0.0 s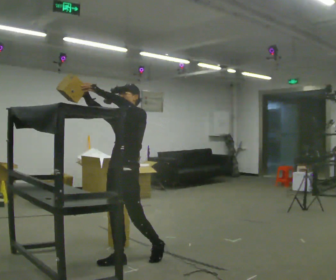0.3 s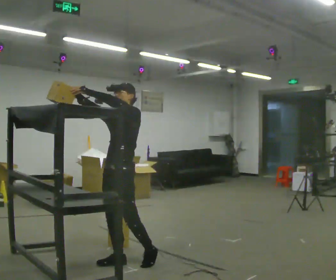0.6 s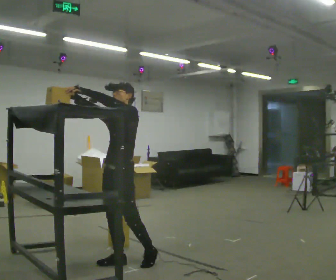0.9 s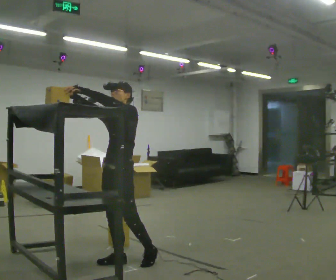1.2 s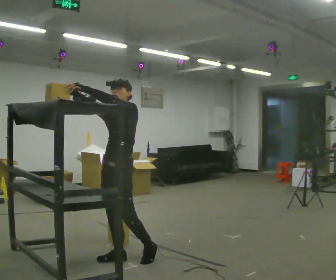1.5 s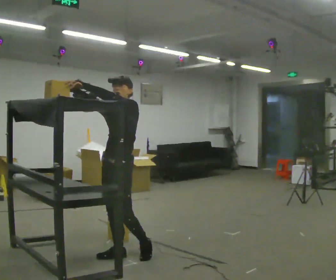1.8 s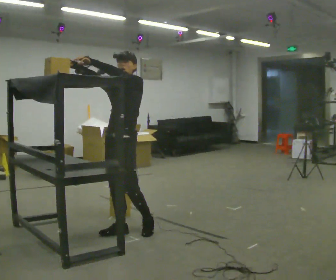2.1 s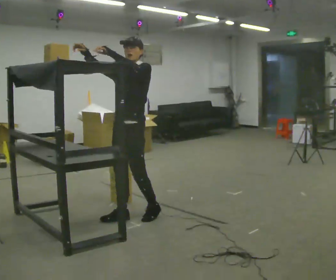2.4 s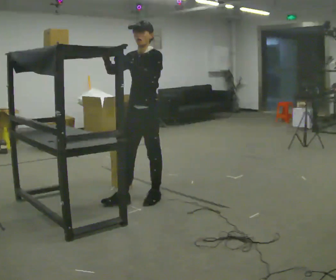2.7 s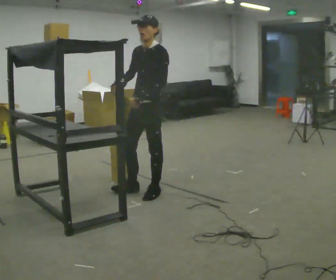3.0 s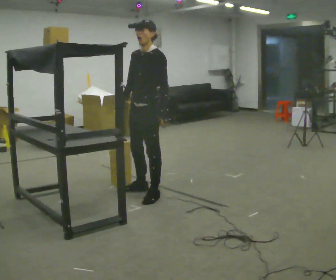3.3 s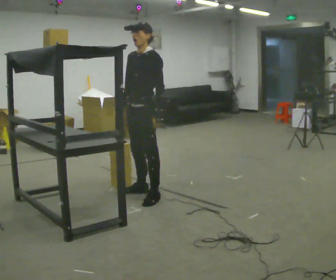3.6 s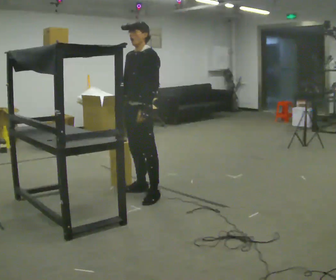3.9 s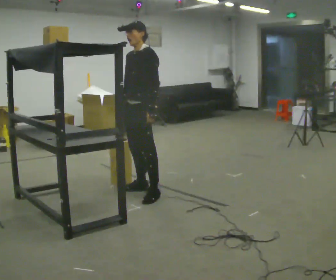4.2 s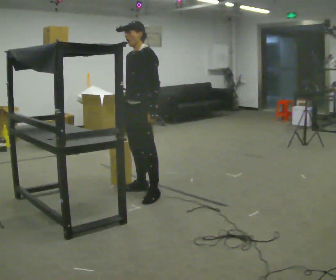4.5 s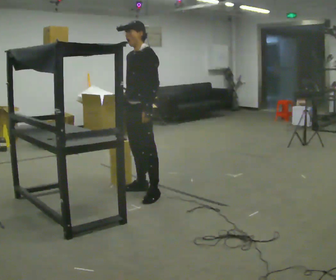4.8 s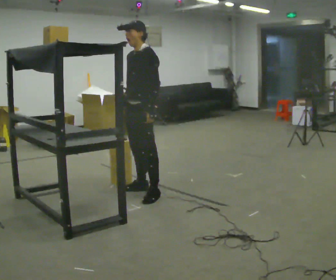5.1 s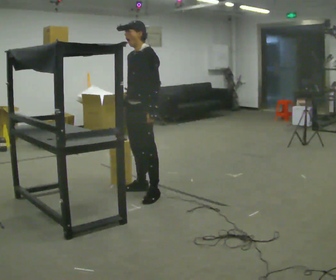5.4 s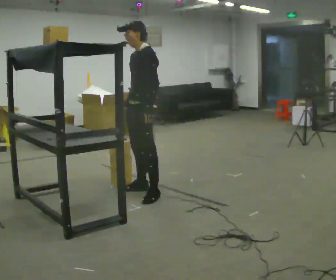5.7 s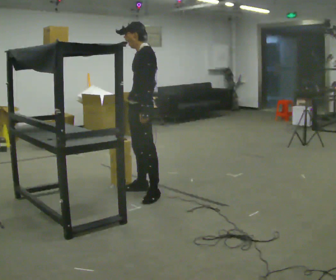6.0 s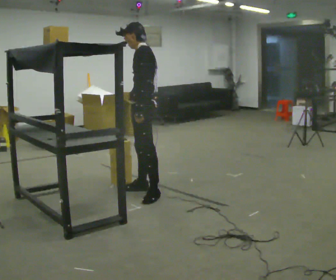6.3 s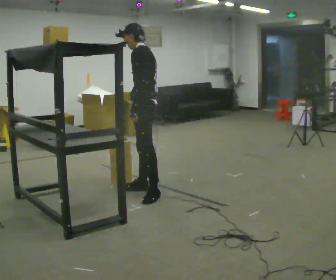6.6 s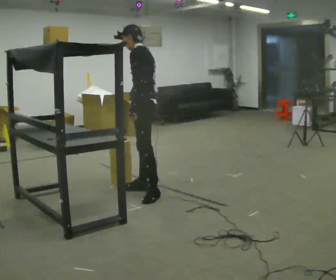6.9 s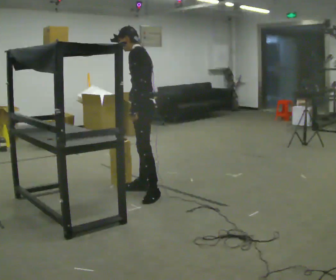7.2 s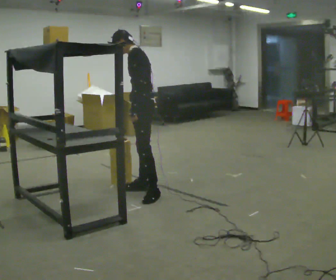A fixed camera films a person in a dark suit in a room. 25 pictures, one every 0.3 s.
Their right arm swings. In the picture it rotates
counterclockwise.
Their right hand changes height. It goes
downward.
0.0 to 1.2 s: The person moves a little, or ends about where they began.
1.2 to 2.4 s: In the picture they go to the right, about 0.25 m, which for them is backward.
2.4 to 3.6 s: In the picture their right hand goes downward, the arm swinging counterclockwise.
3.6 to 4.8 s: The person moves a little, or ends about where they began.
4.8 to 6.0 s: Seen from above the body turns clockwise, about 30 degrees: to their right, with its near side sliding to the left.
6.0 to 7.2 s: The person moves a little, or ends about where they began.
The film runs forward here.
